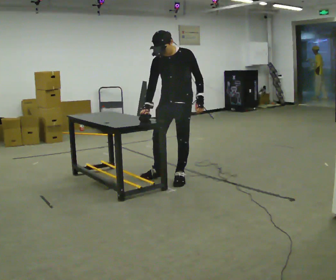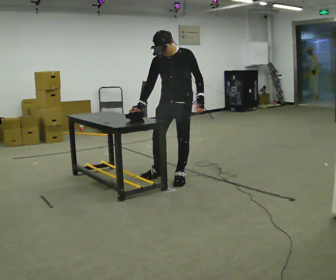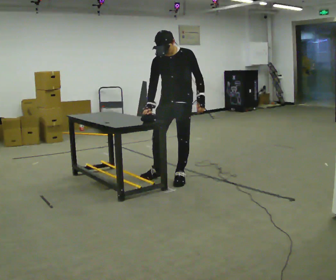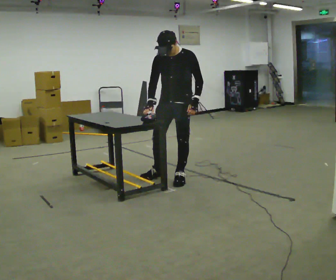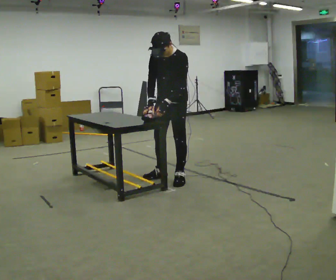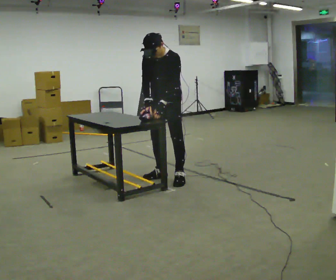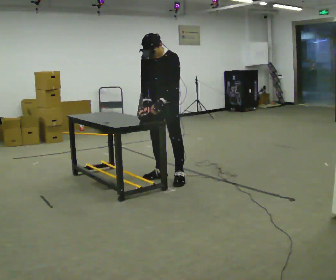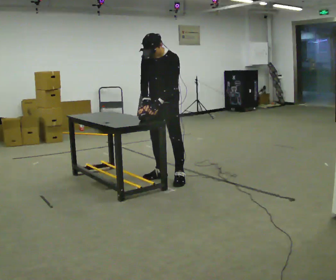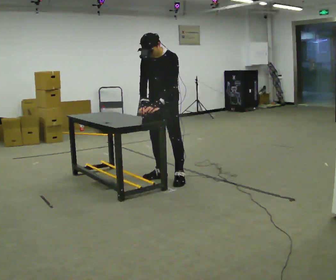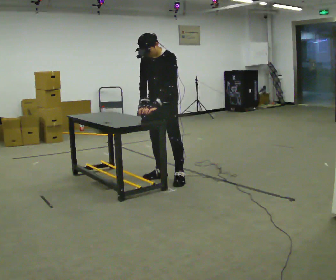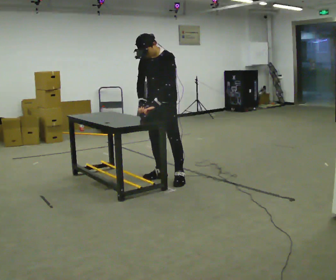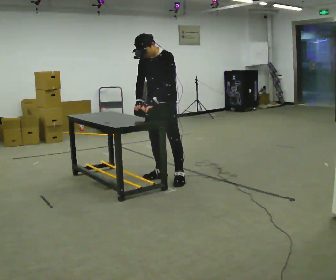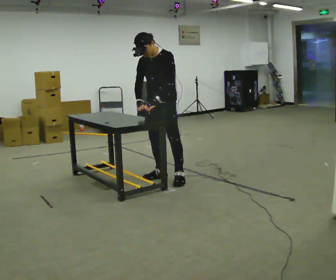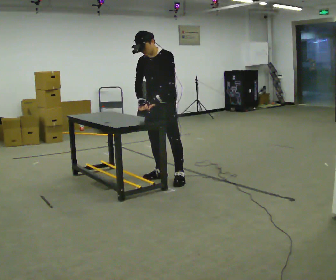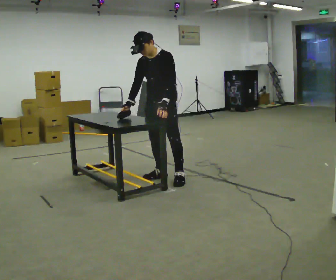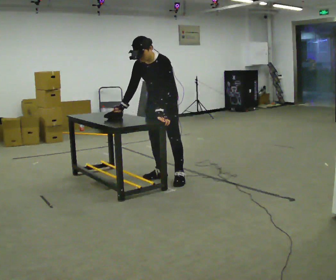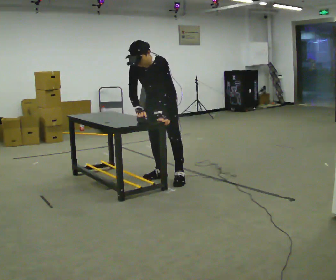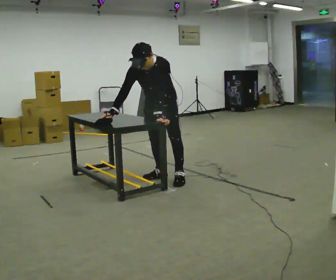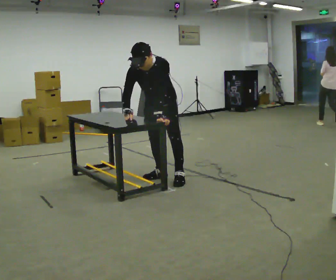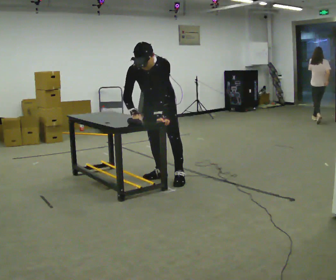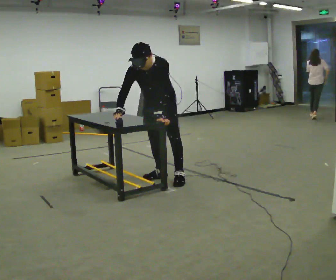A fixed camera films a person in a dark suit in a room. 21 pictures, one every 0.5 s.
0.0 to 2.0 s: In the picture their left hand goes to the left.
2.0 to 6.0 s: The person moves a little, or ends about where they began.
6.0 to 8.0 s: The upper body tips toward the camera, its near side rolling downward, as they bend forward.
8.0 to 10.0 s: The person moves a little, or ends about where they began.
The film runs forward here.
